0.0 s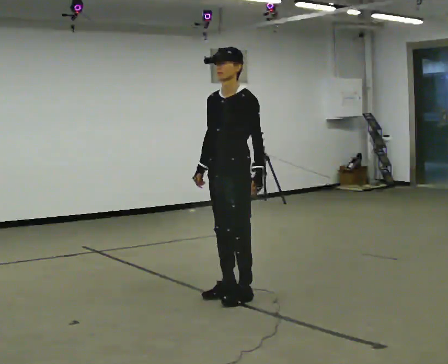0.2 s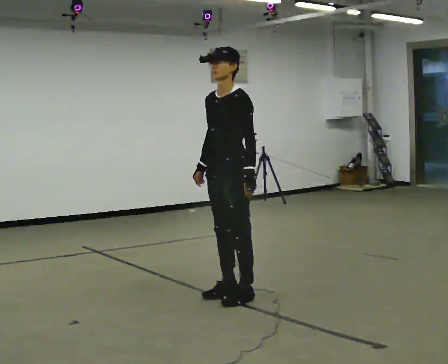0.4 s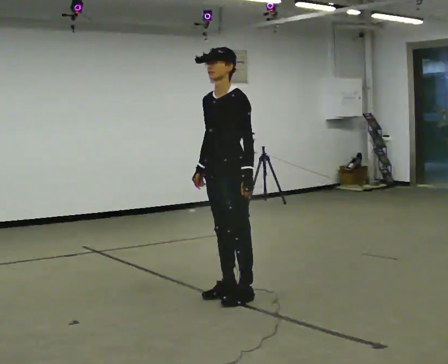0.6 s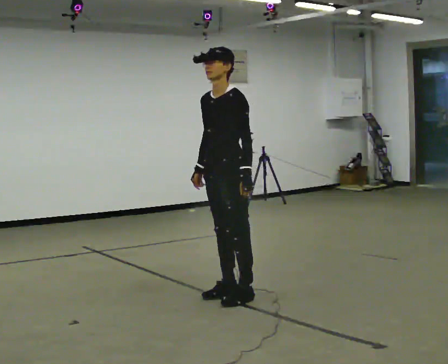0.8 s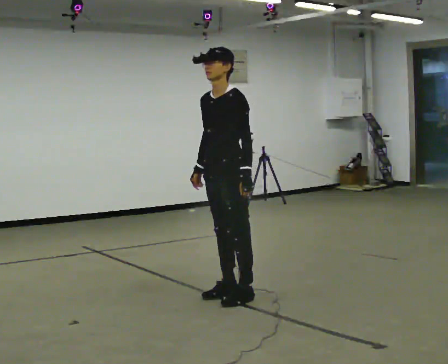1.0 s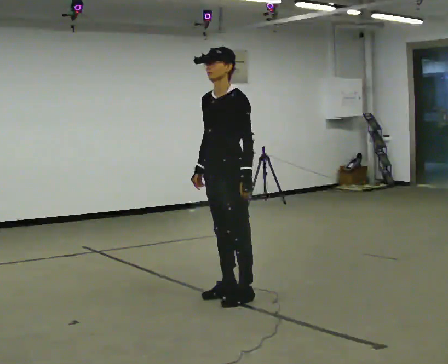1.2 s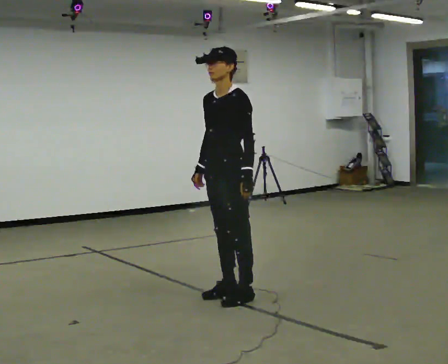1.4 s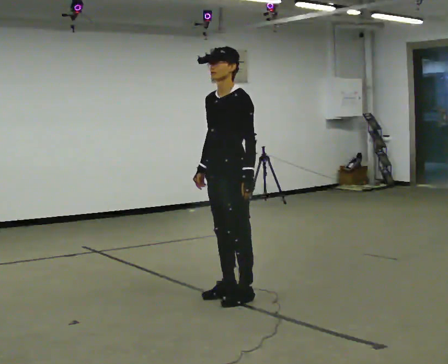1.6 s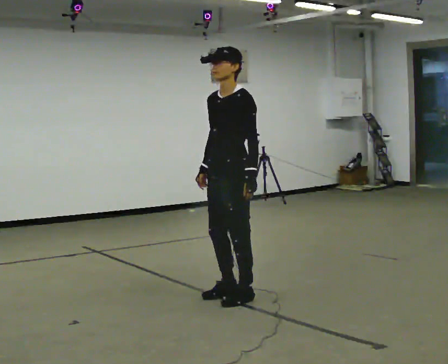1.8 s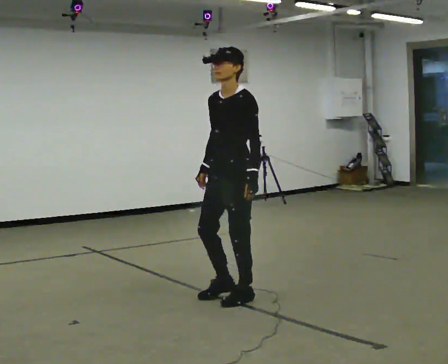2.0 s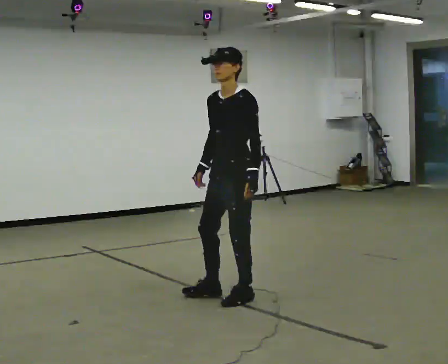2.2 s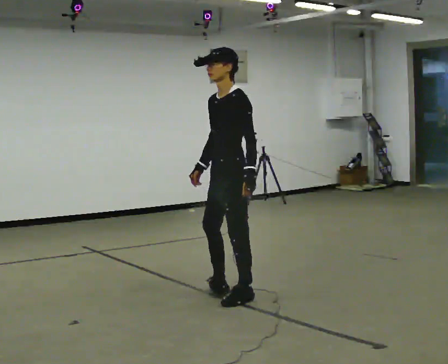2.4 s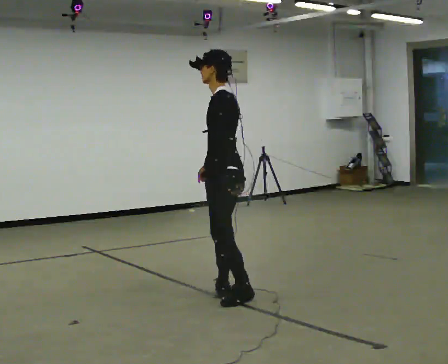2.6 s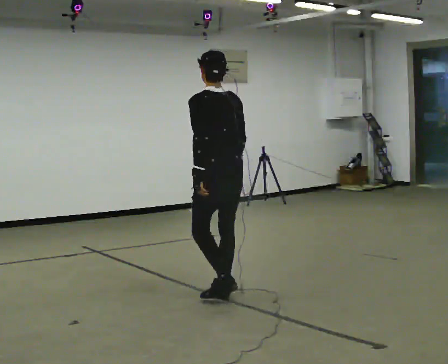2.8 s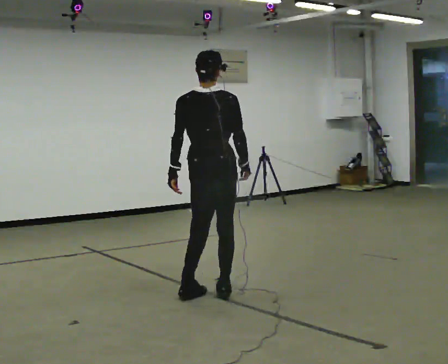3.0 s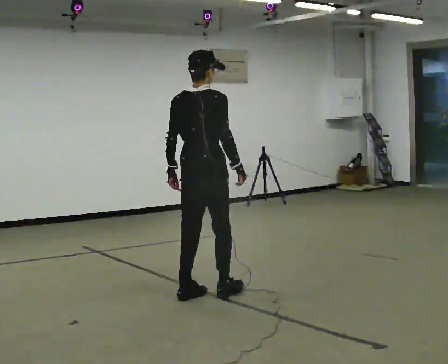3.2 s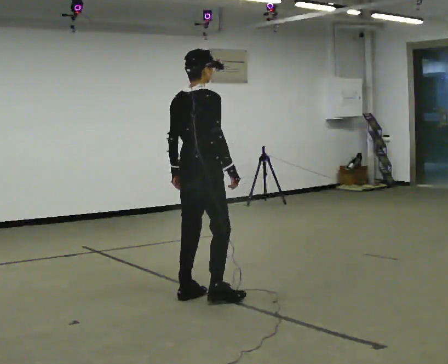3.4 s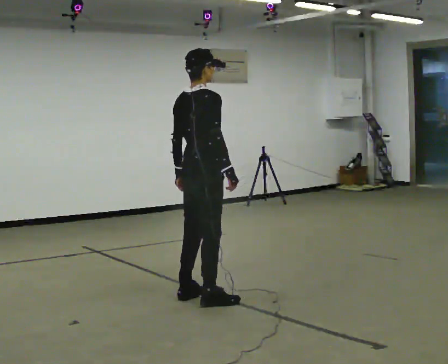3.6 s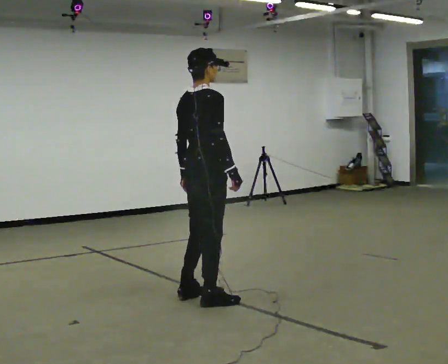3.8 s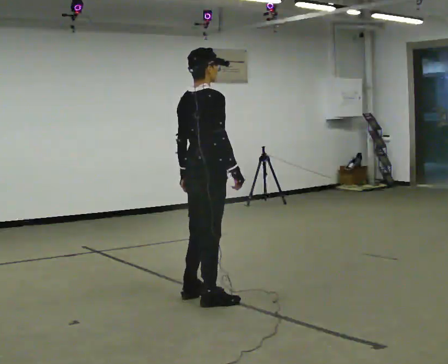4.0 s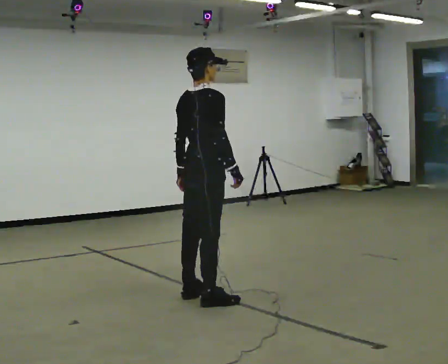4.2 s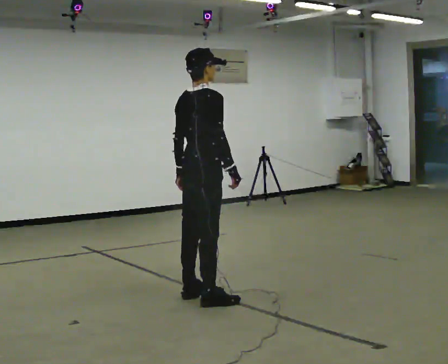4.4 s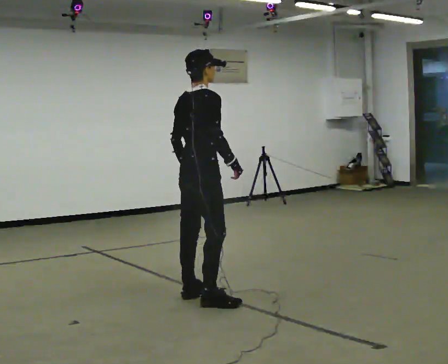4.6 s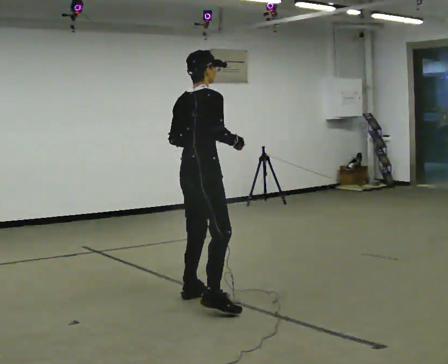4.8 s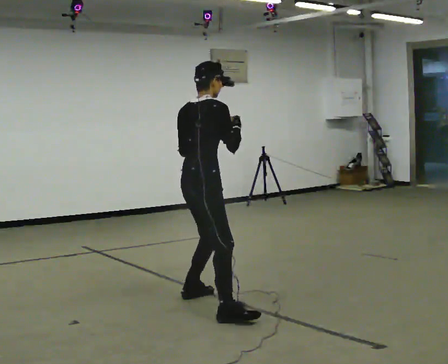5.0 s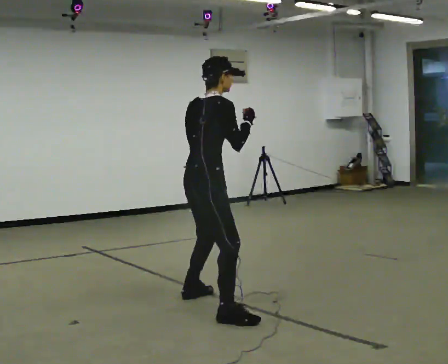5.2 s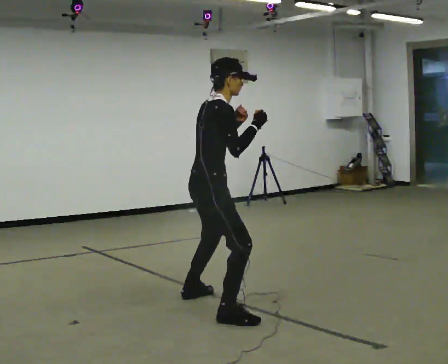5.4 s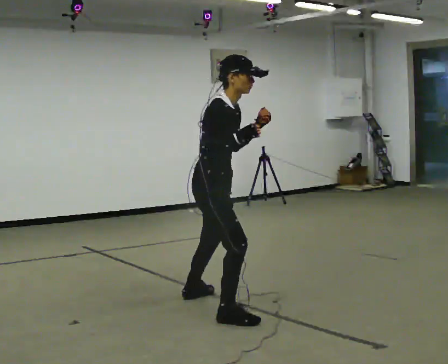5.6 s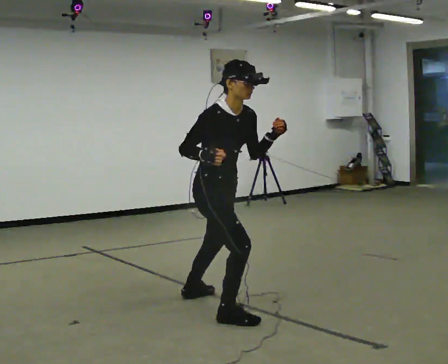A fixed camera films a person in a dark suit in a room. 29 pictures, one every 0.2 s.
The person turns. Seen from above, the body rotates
clockwise.
The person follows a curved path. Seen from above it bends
counterclockwise.
0.0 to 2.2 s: The person turns about 30 degrees to their right, clockwise seen from above, so the part of the body nearest the lens slides to the left.
2.2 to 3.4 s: Seen from above the body turns clockwise, about 150 degrees: to their right, with its near side sliding to the left. In the picture they go to the left, about 0.25 m in 2 steps.
3.4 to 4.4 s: The person moves a little, or ends about where they began.
4.4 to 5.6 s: The part of the body nearest the lens slides to the left as the person turns to their right by about 60 degrees. In the picture they go toward the camera, about 0.25 m in 1 step.
The film runs forward here.
